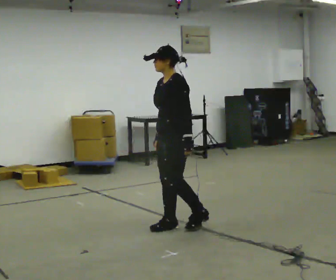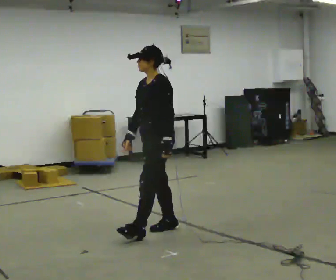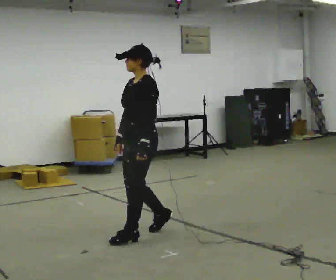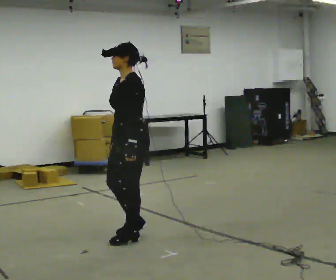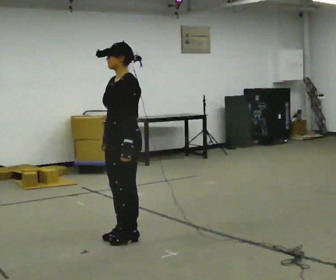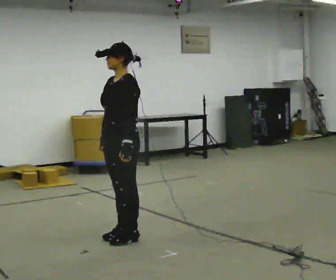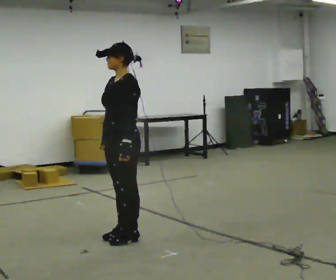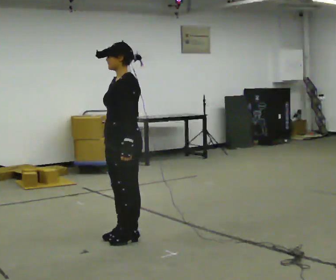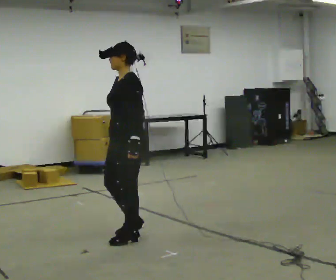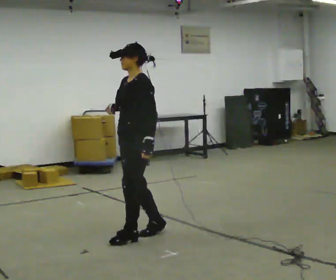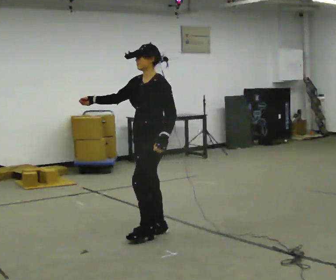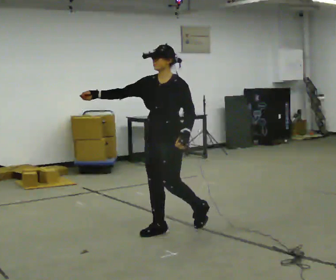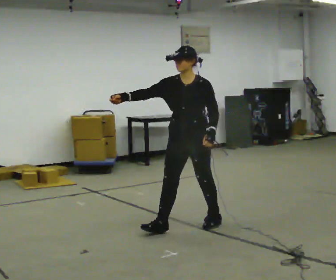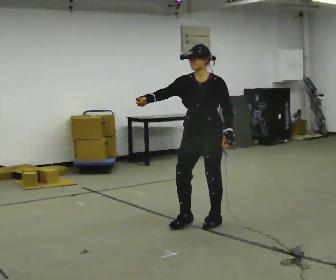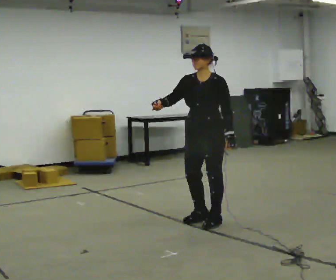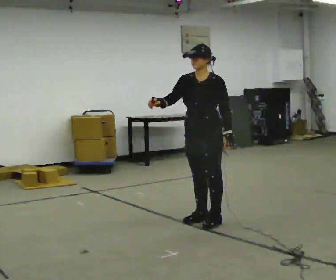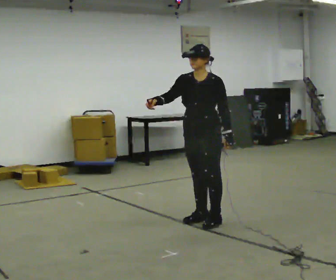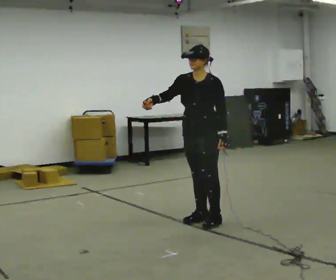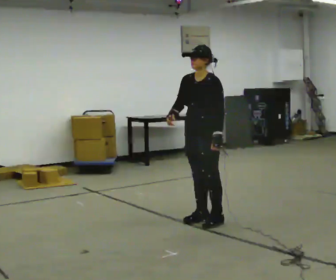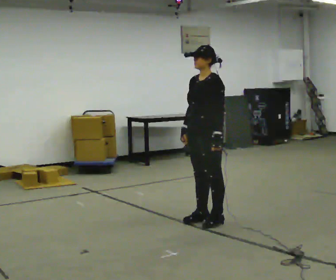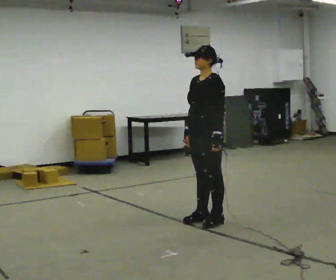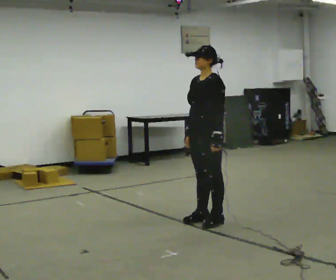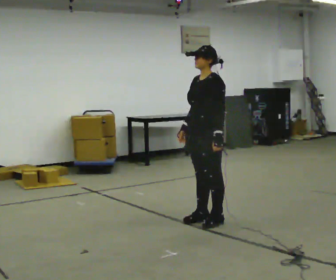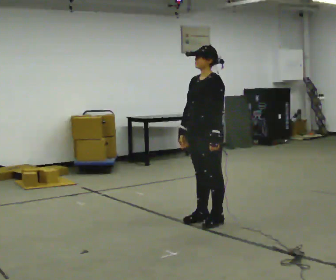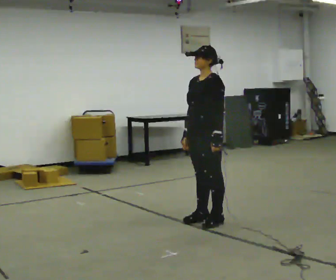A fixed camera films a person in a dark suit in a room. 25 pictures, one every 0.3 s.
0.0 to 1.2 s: In the picture they go to the left and toward the camera, about 0.5 m in 1 step, which for them is forward.
1.2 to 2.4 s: The person moves a little, or ends about where they began.
2.4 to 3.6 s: The person turns about 45 degrees to their left, counterclockwise seen from above, so the part of the body nearest the lens slides to the right. In the picture they go to the right and away from the camera, about 0.5 m in 1 step, which for them is backward.
3.6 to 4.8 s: In the picture they go away from the camera, about 0.25 m in 1 step, which for them is backward.
4.8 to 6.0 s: The person turns about 30 degrees to their right, clockwise seen from above, so the part of the body nearest the lens slides to the left.
6.0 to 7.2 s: The person moves a little, or ends about where they began.
The film runs backward here.
